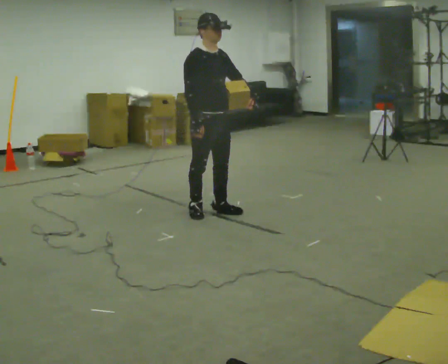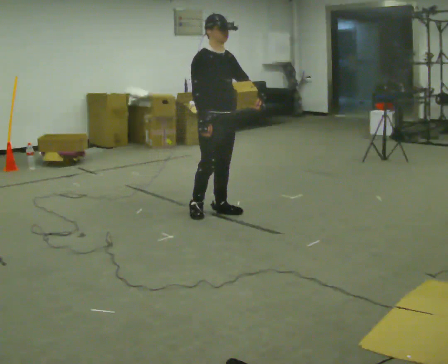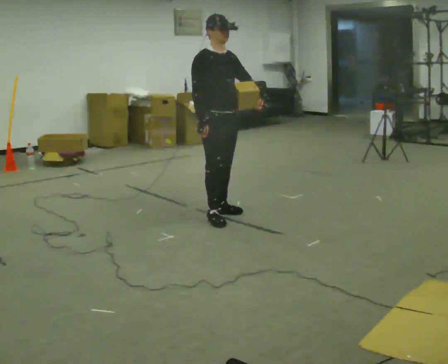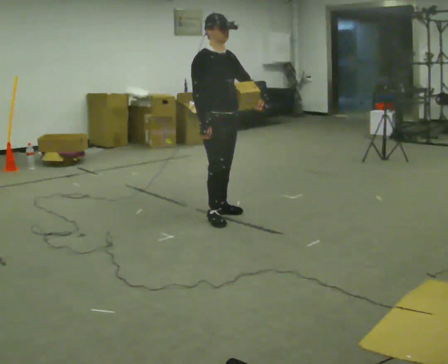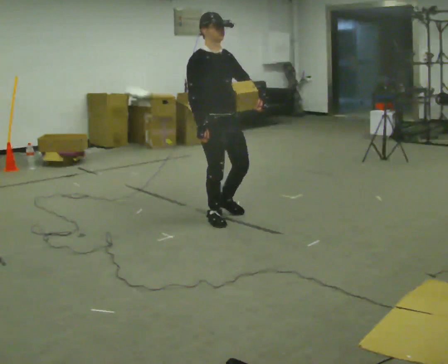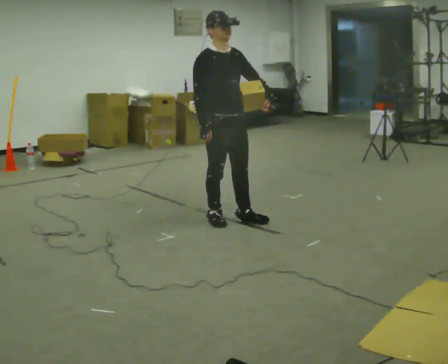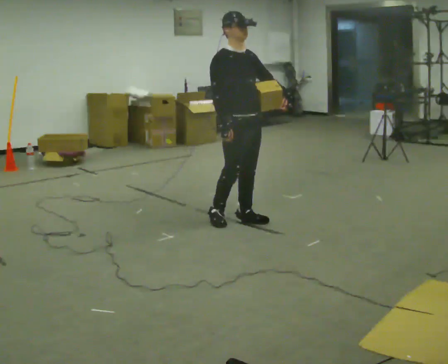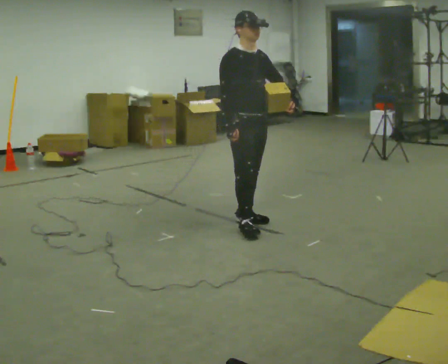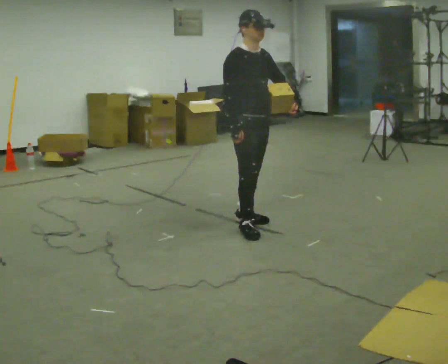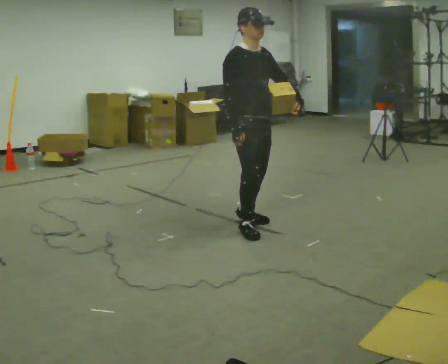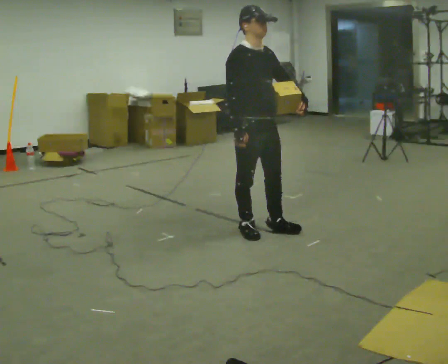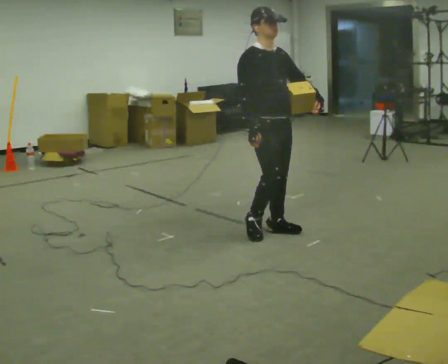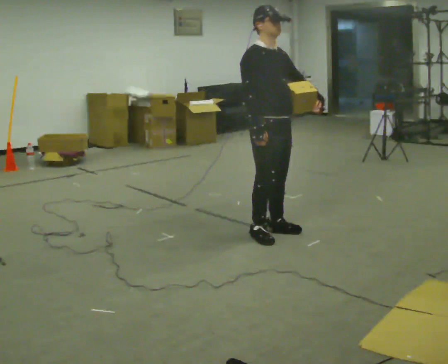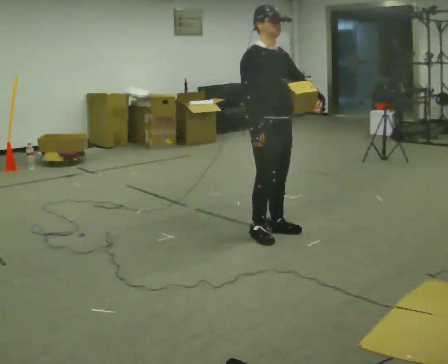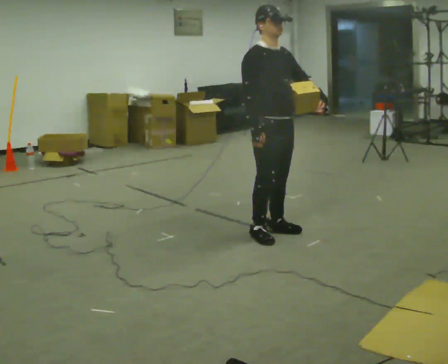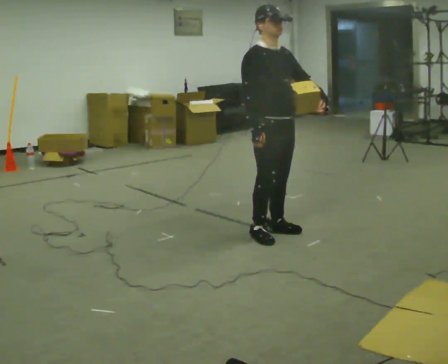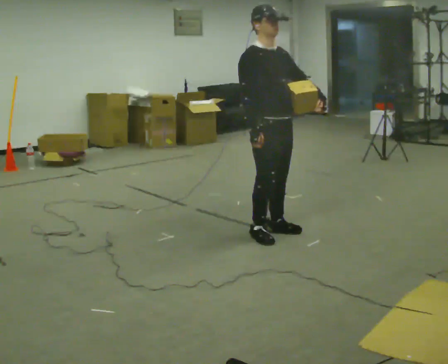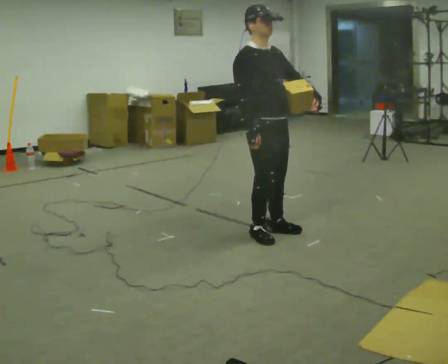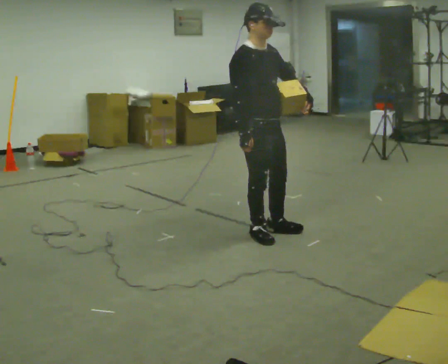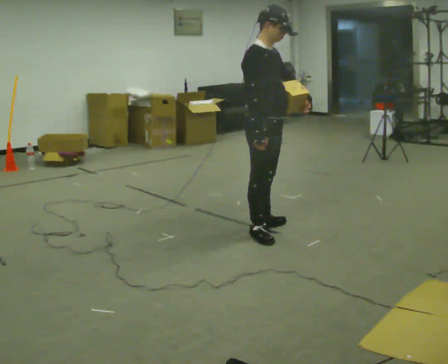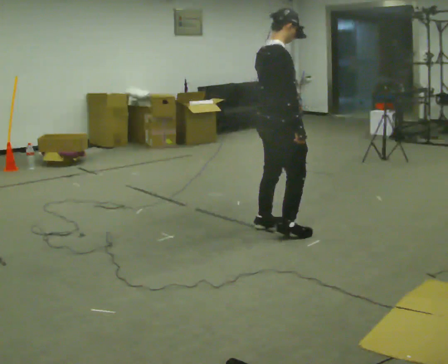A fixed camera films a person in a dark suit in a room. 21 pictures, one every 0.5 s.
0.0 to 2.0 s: In the picture they go toward the camera, about 0.25 m in 1 step, which for them is forward.
2.0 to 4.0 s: In the picture they go to the right, about 0.25 m in 2 steps, which for them is forward and to their left.
4.0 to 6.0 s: In the picture they go toward the camera and to the right, about 0.25 m in 1 step, which for them is forward.
6.0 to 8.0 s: The person moves a little, or ends about where they began.
8.0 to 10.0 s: The part of the body nearest the lens slides to the right as the person turns to their left by about 75 degrees. In the picture their left hand goes to the left.
The film runs forward here.
